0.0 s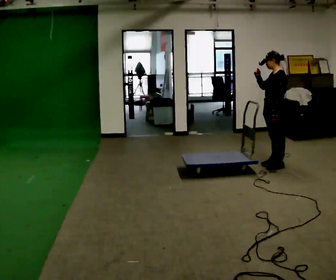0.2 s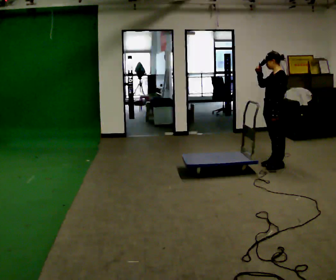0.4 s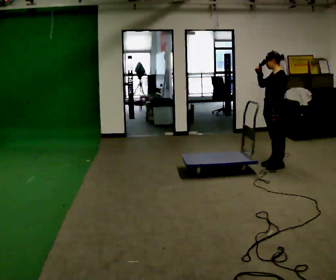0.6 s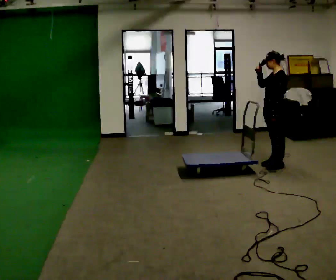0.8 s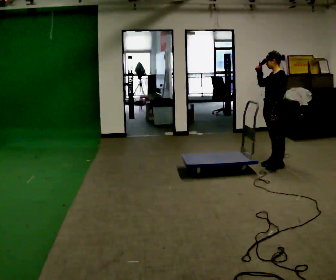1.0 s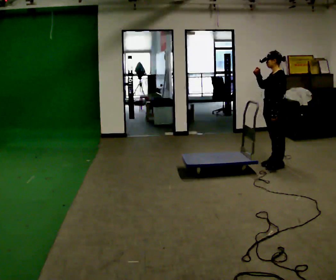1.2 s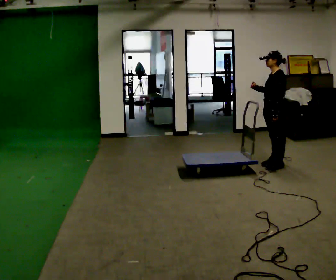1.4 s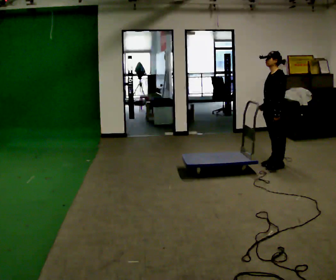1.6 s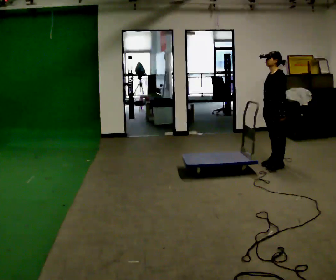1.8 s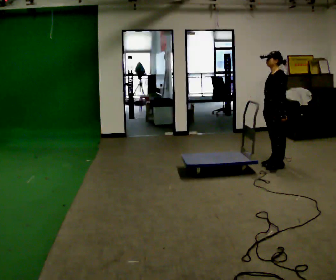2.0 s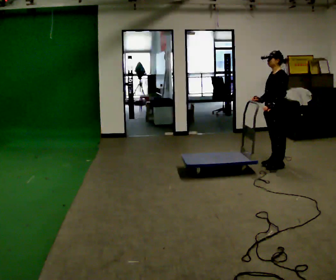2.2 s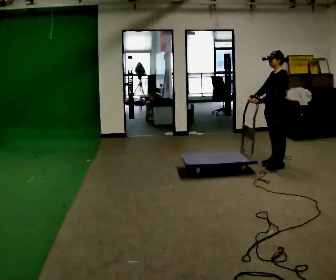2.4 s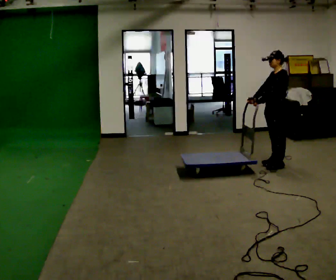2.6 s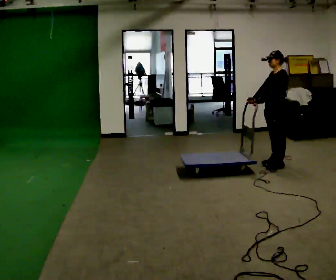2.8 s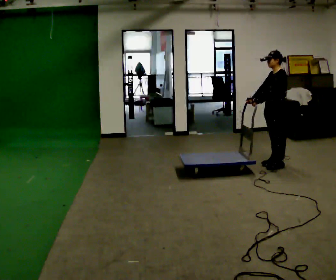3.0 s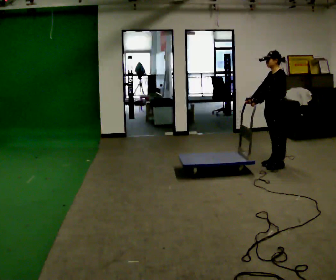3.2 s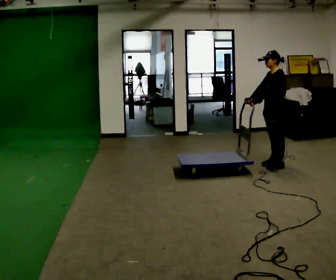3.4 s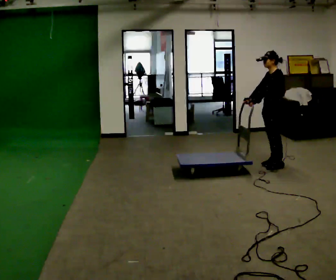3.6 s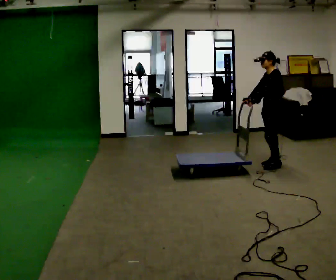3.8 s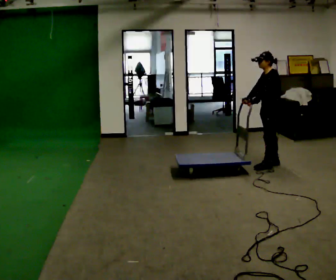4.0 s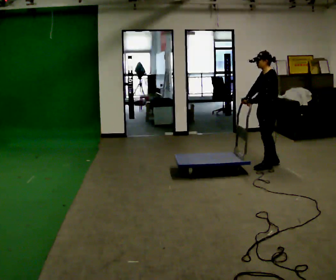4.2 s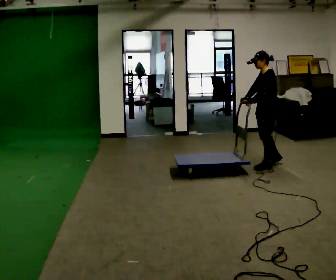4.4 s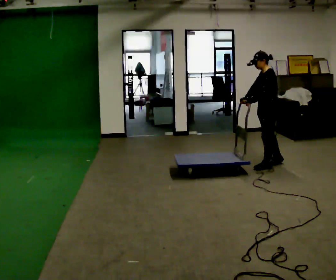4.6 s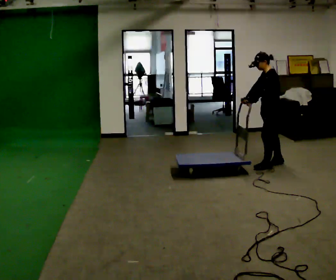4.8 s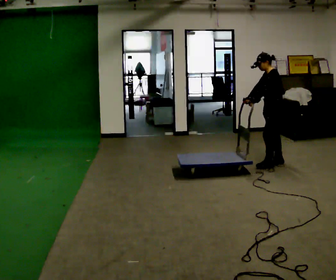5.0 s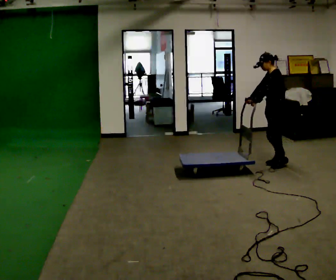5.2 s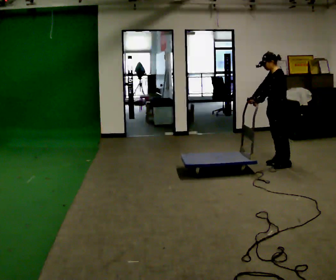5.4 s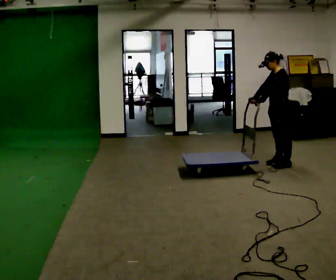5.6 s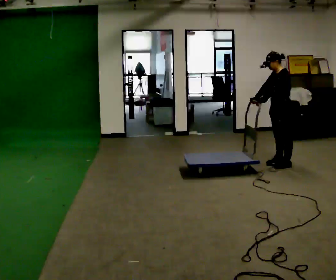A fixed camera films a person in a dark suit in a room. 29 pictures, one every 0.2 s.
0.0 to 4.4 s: The person moves a little, or ends about where they began.
4.4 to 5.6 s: In the picture they go to the right, about 0.25 m in 1 step, which for them is backward.
The film runs backward here.
